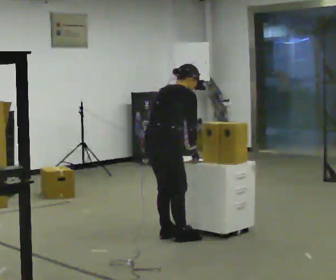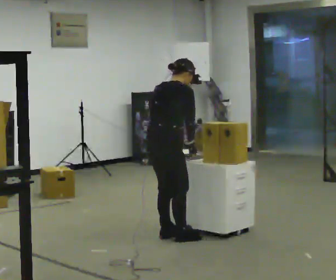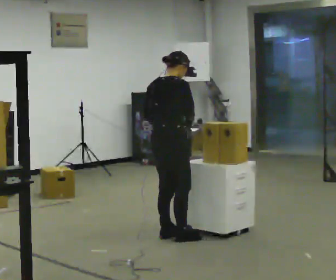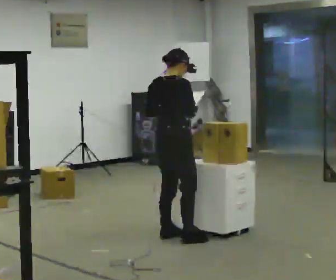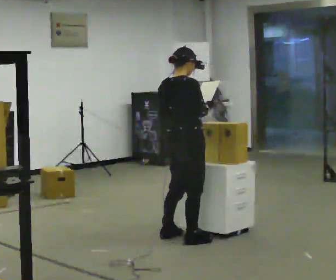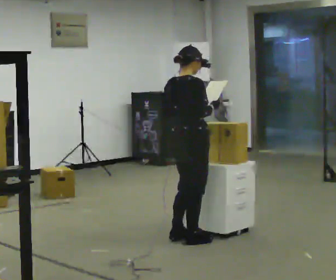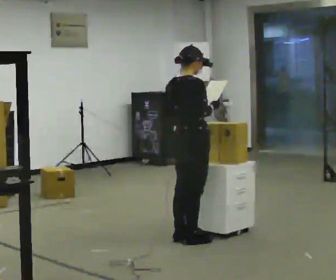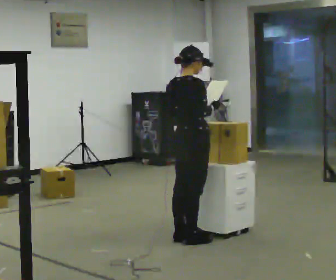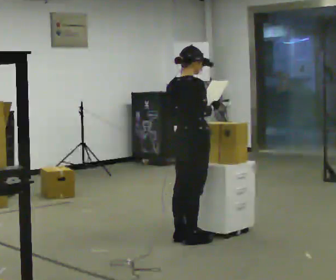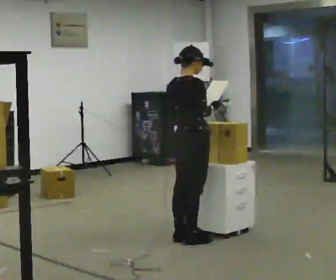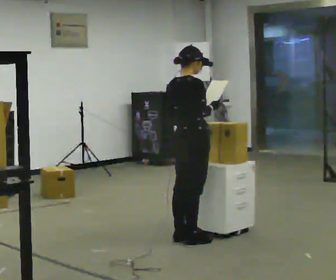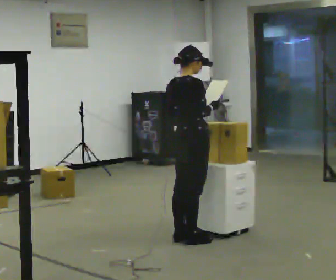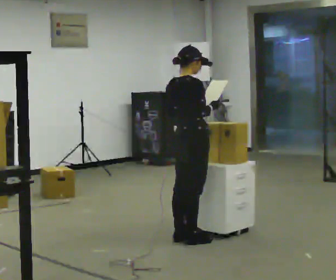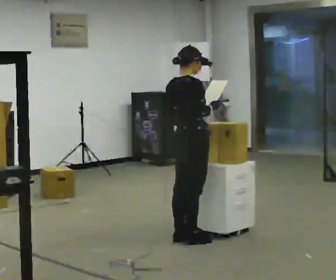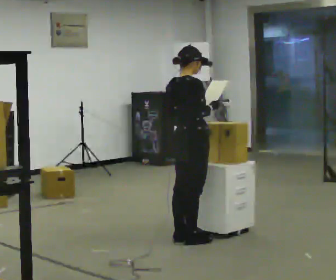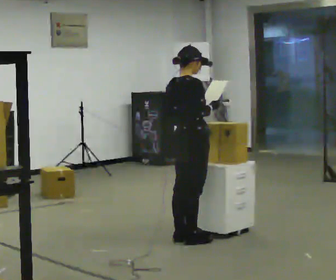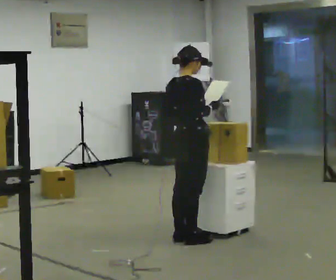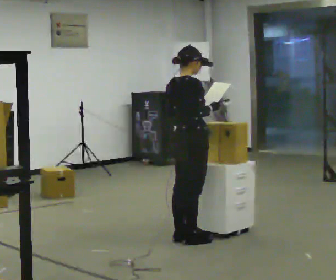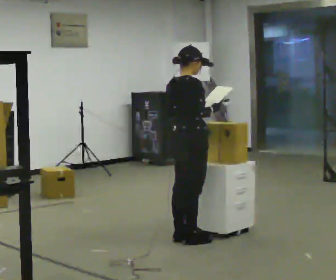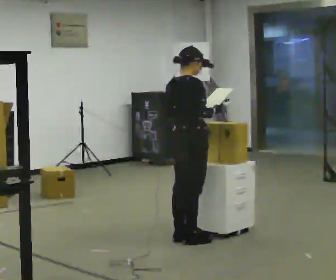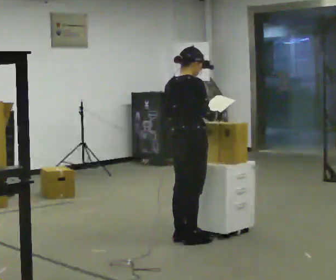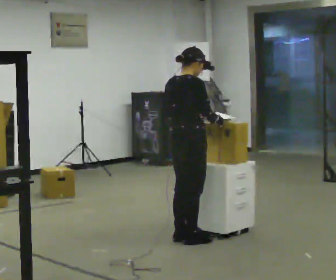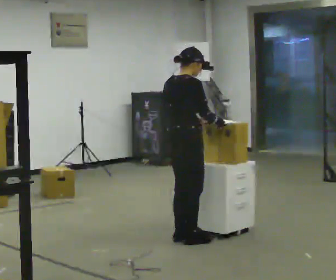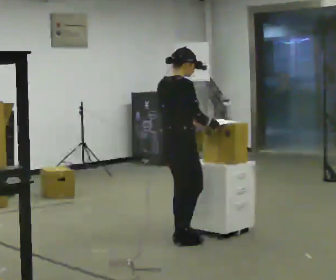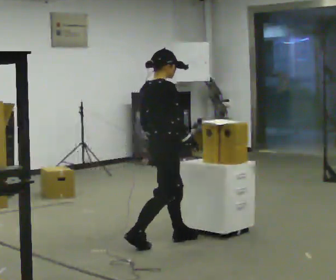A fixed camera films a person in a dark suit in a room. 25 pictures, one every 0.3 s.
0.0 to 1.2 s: In the picture they go to the right, about 0.25 m, which for them is to their right. In the picture the upper body tilts counterclockwise, shoulders to the left, as they lean back or straighten. In the picture their right hand goes upward.
1.2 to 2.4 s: The person moves a little, or ends about where they began.
2.4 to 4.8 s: The person keeps their place and pose.
4.8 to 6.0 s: The person moves a little, or ends about where they began.
6.0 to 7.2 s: In the picture they go to the left, about 0.25 m in 1 step, which for them is backward.
The film runs backward here.
